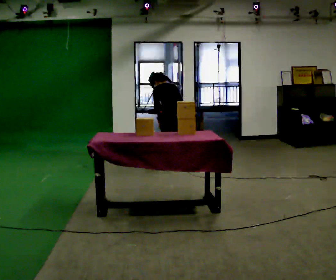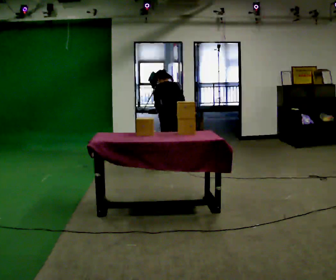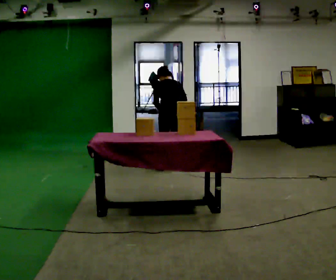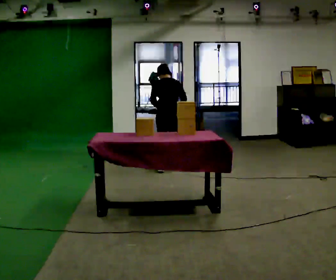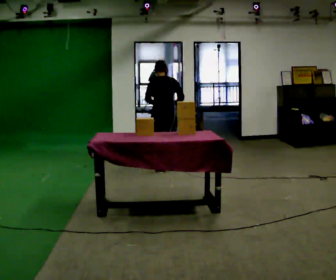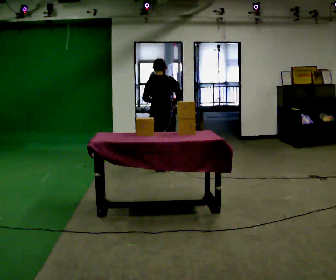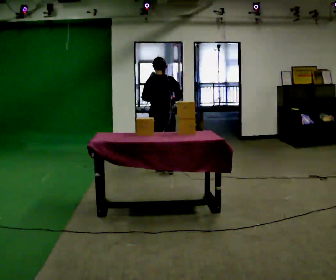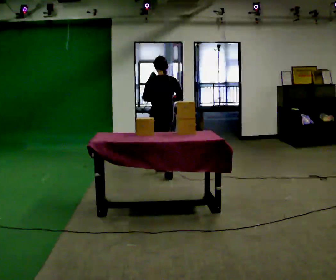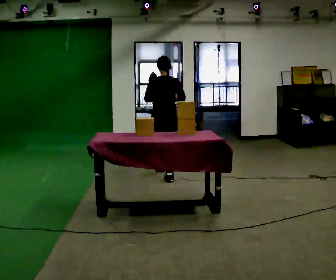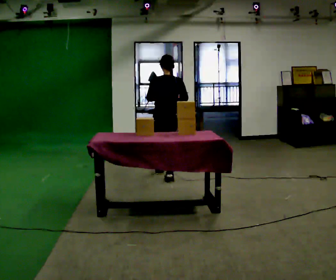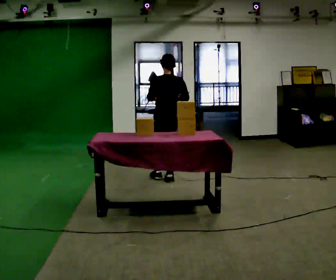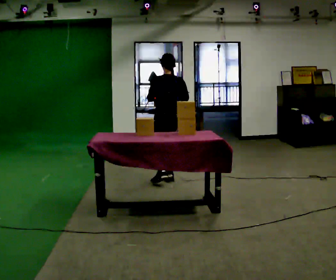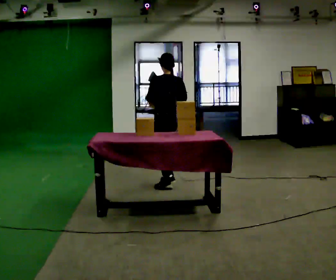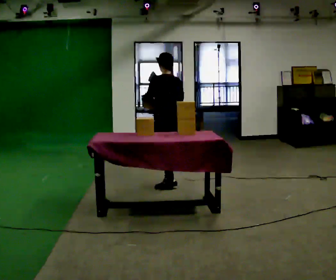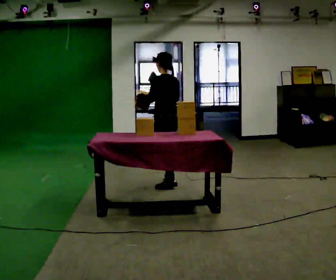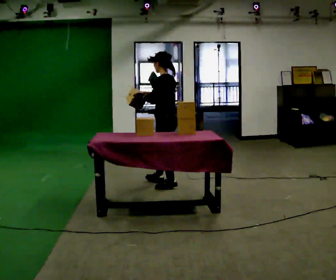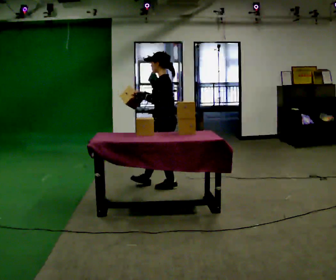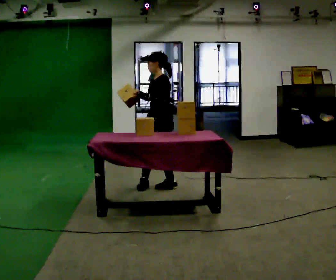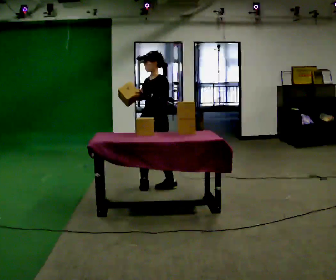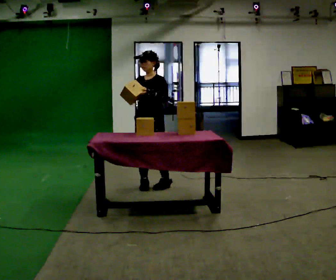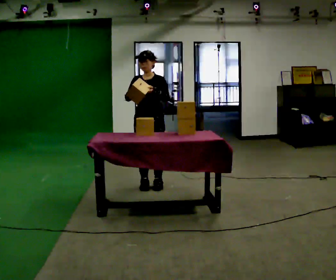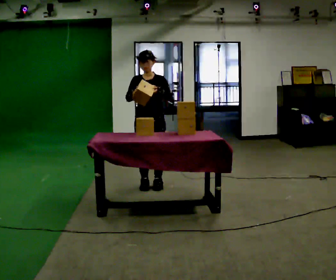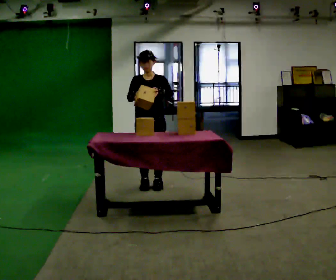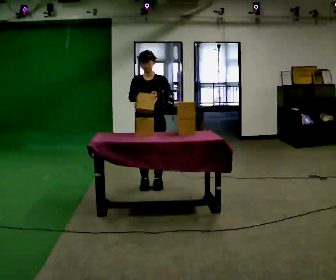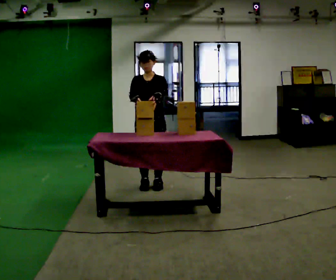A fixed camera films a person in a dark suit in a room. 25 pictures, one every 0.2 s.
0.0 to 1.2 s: The person turns about 30 degrees to their right, clockwise seen from above, so the part of the body nearest the lens slides to the left. In the picture they go toward the camera and to the left, about 0.25 m in 2 steps, which for them is to their left and backward. The upper body tips toward the camera, its near side rolling downward, as they lean back or straighten.
1.2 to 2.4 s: Seen from above the body turns counterclockwise, about 30 degrees: to their left, with its near side sliding to the right. In the picture they go toward the camera, about 0.5 m in 1 step, which for them is backward.
2.4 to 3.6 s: Seen from above the body turns counterclockwise, about 90 degrees: to their left, with its near side sliding to the right. In the picture they go toward the camera and to the left, about 0.25 m in 1 step.
3.6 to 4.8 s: The part of the body nearest the lens slides to the right as the person turns to their left by about 45 degrees.
The film runs backward here.
